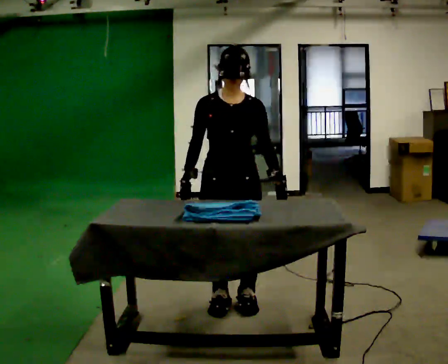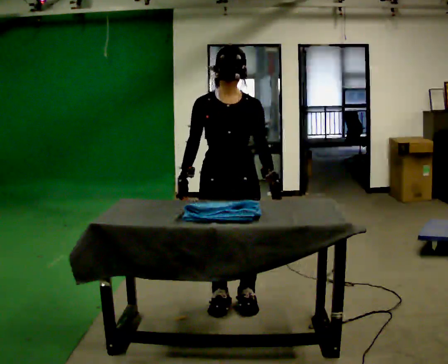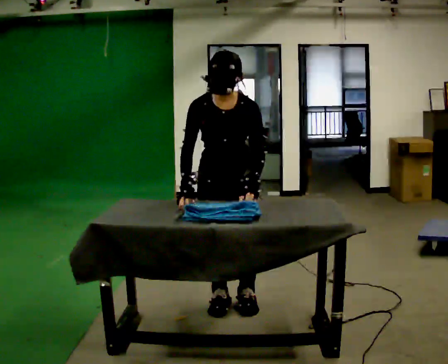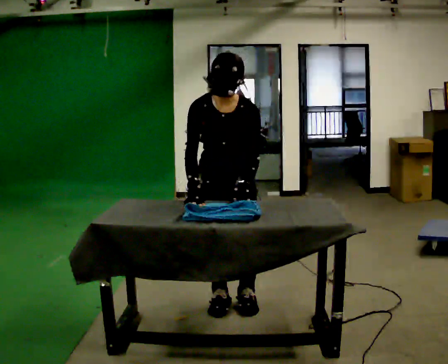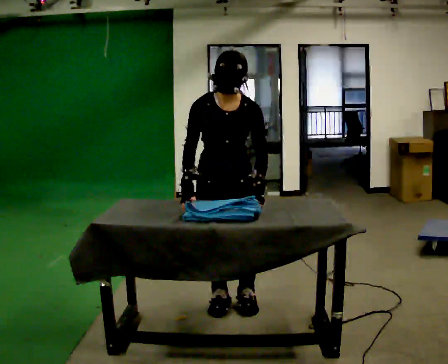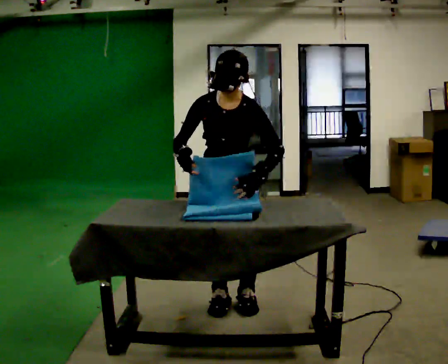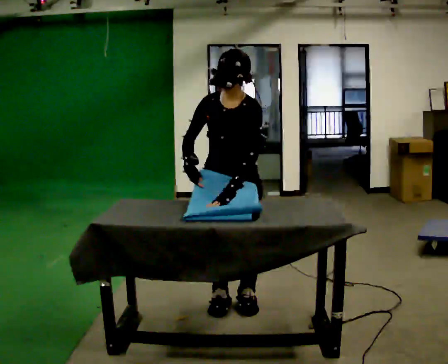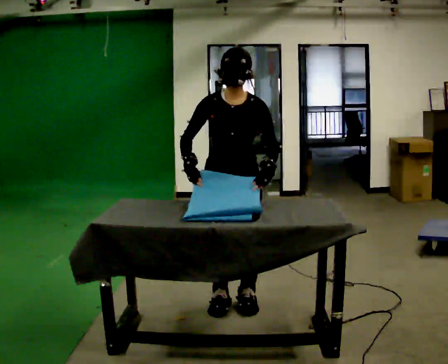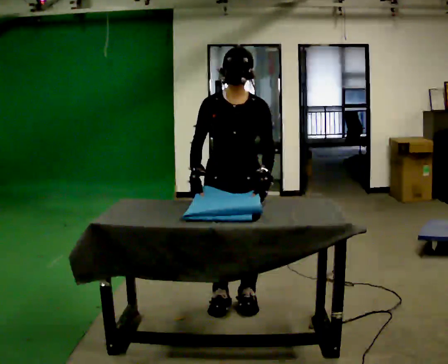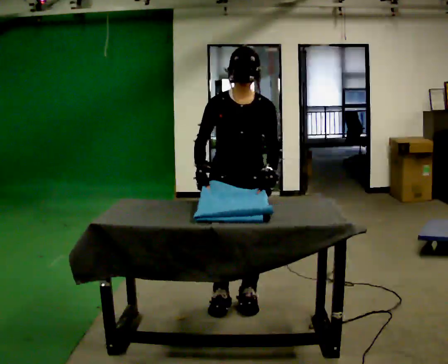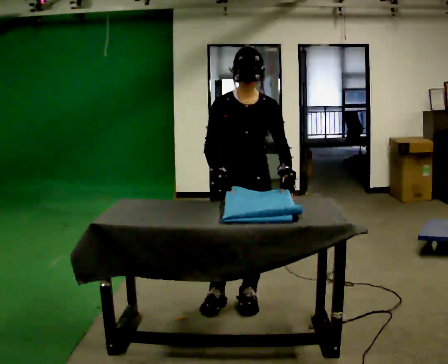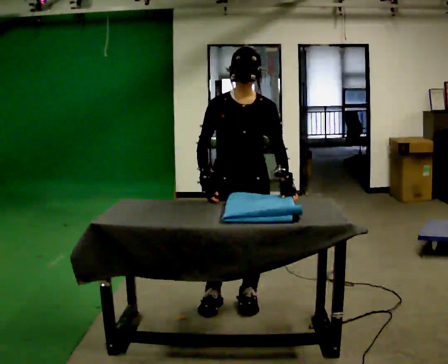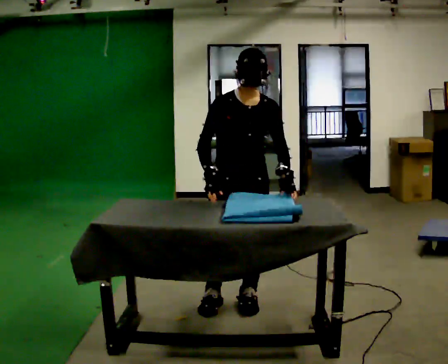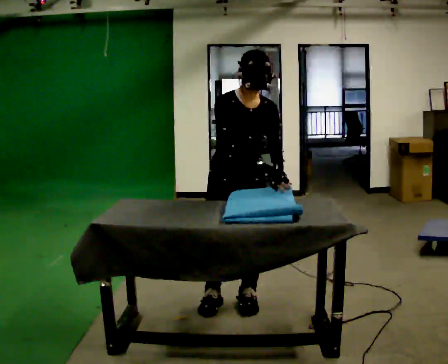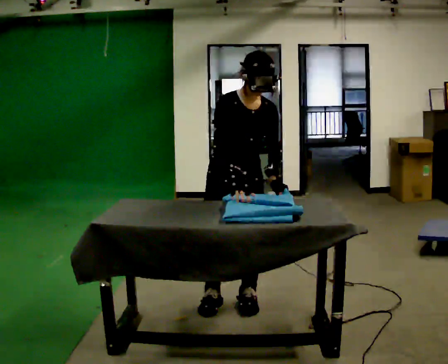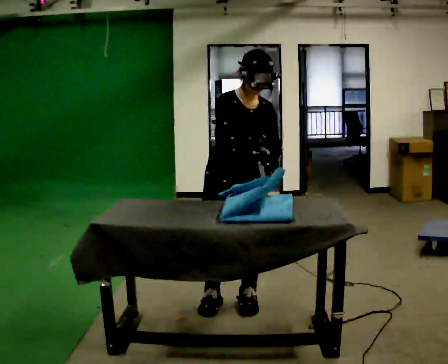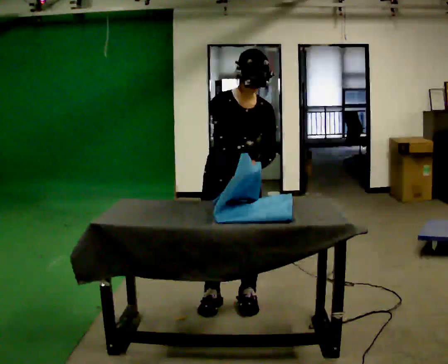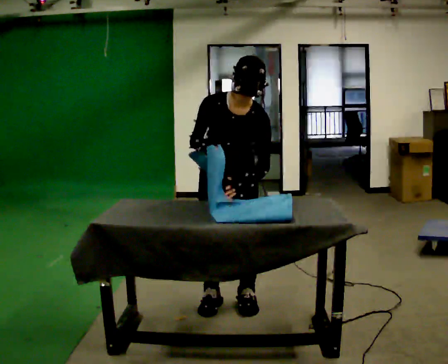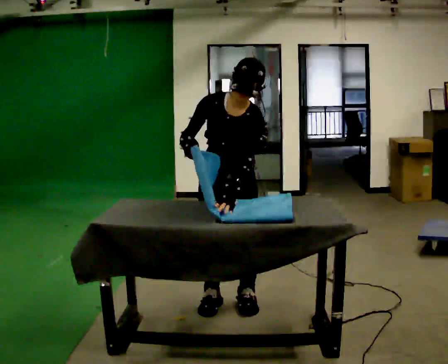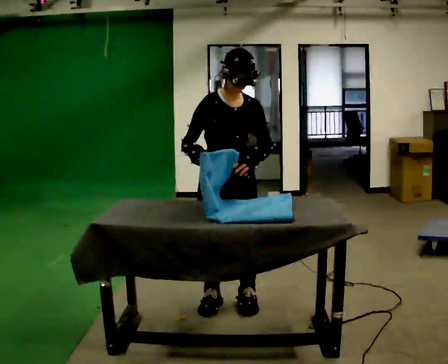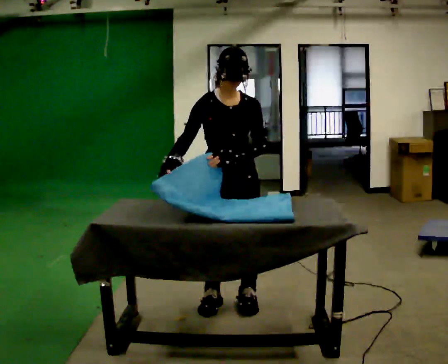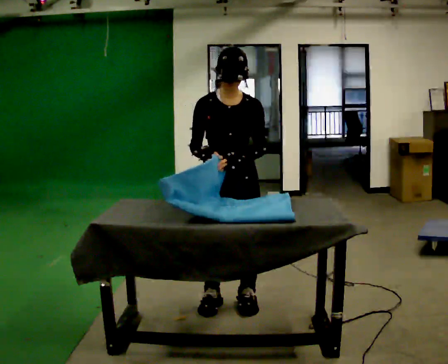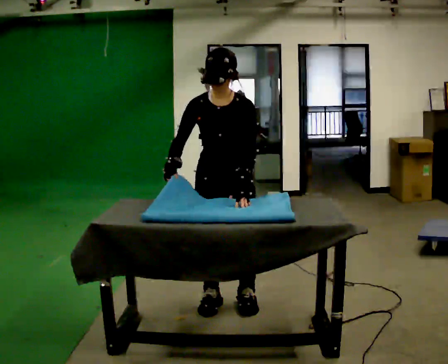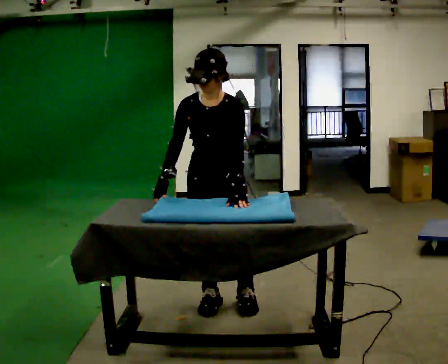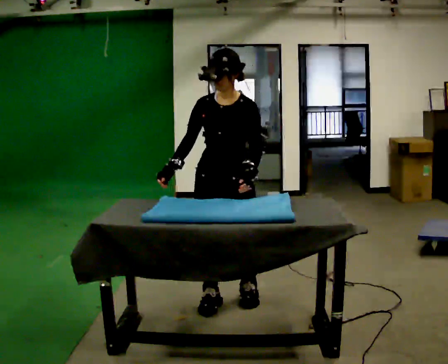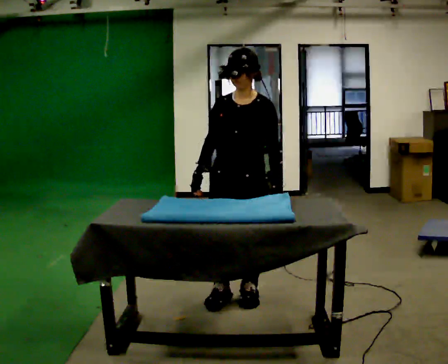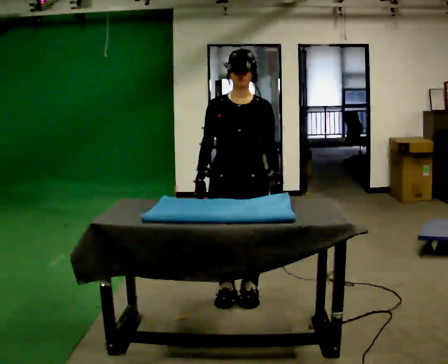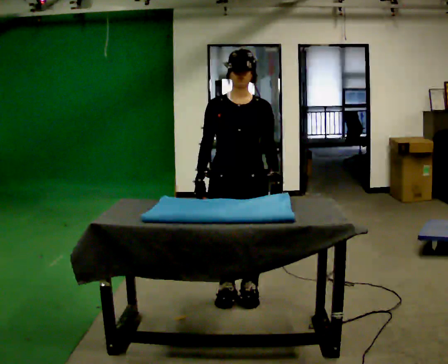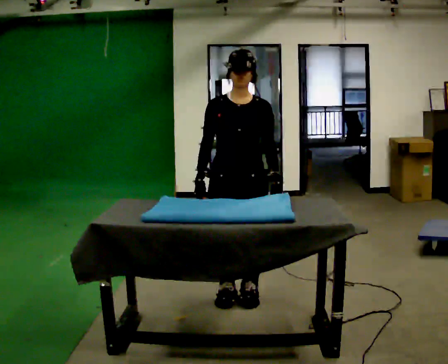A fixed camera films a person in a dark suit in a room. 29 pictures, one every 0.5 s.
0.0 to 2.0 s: The person moves a little, or ends about where they began.
2.0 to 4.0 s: The upper body tips away from the camera, its near side rolling upward, as they lean back or straighten.
4.0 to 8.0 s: In the picture their right hand goes to the right.
8.0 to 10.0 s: In the picture their right hand goes to the left.
10.0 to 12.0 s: Seen from above the body turns clockwise, about 30 degrees: to their right, with its near side sliding to the left.
12.0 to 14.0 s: The person moves a little, or ends about where they began.
The film runs backward here.
